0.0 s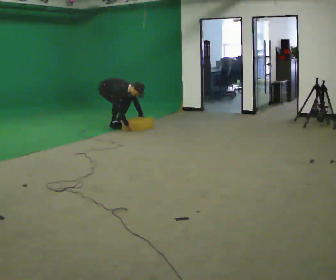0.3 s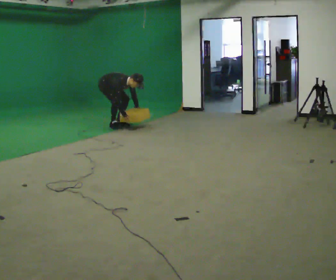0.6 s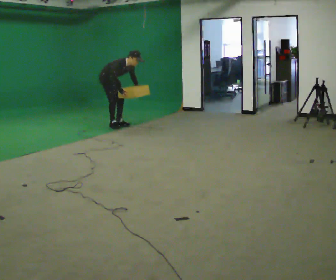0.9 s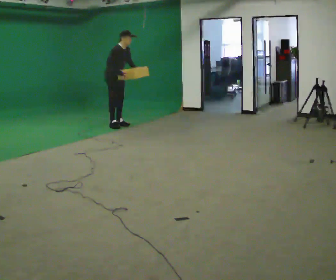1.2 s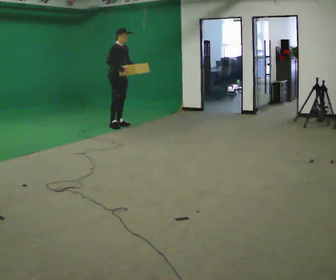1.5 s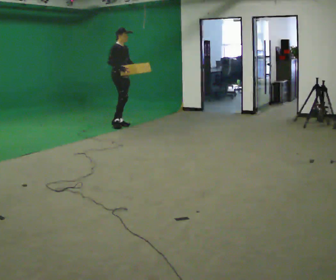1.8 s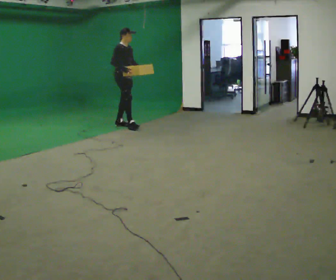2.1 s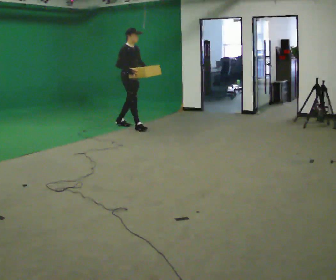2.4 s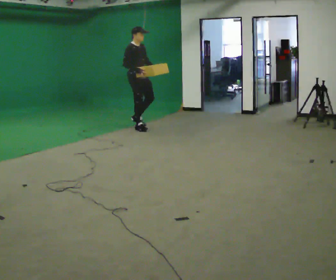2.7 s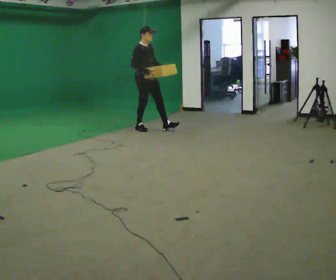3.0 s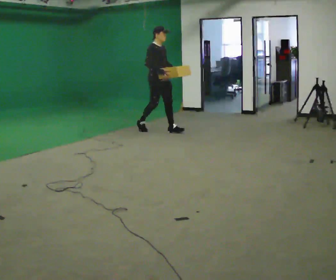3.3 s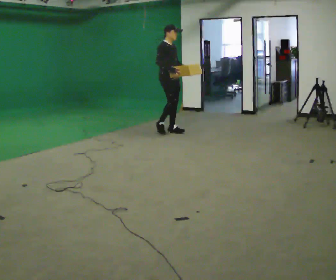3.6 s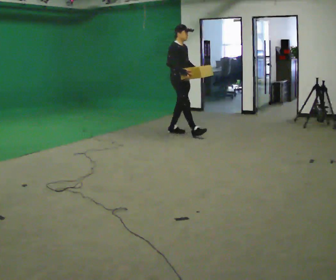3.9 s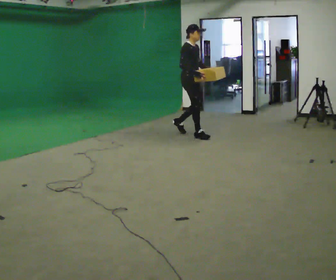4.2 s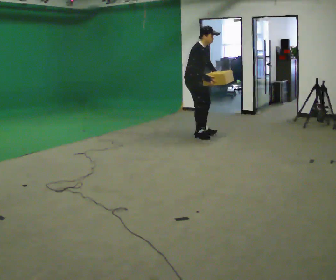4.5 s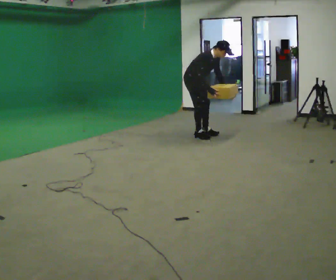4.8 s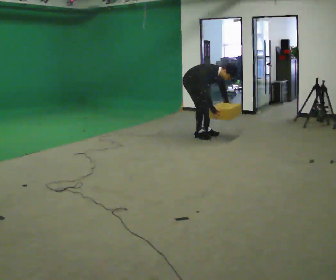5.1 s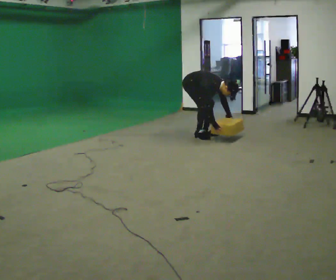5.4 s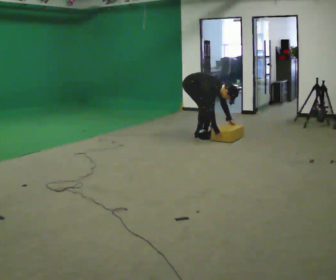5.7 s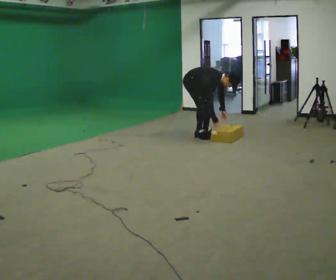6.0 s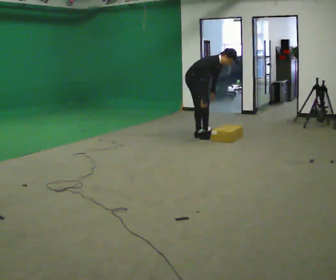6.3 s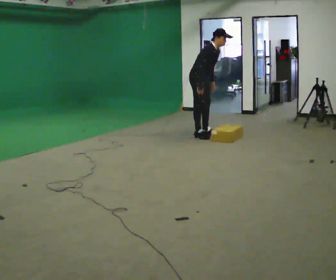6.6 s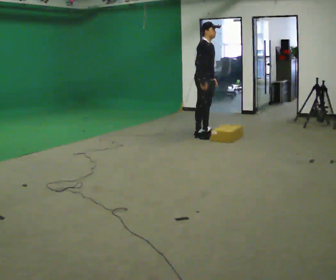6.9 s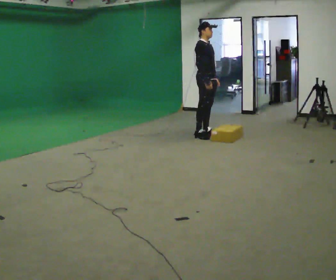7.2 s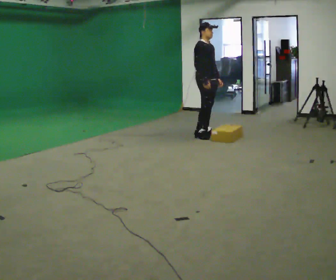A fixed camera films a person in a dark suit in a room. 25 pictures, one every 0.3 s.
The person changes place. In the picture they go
to the right.
0.0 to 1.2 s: In the picture they go to the right, about 0.25 m, which for them is forward. The upper body goes upward. In the picture the upper body tilts counterclockwise, shoulders to the left, as they lean back or straighten. In the picture their right hand goes upward.
1.2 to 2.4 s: In the picture they go to the right and toward the camera, about 0.5 m in 1 step, which for them is forward.
2.4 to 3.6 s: In the picture they go to the right and toward the camera, about 1 m in 1 step, which for them is forward.
3.6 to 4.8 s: In the picture they go to the right, about 0.25 m in 2 steps, which for them is forward. The upper body goes downward. In the picture the upper body tilts clockwise, shoulders to the right, as they bend forward. In the picture their right hand goes downward and to the right.
4.8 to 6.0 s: The person moves a little, or ends about where they began.
6.0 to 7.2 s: In the picture they go to the right, about 0.25 m, which for them is forward. The upper body goes upward. In the picture the upper body tilts counterclockwise, shoulders to the left, as they lean back or straighten.
The film runs forward here.
